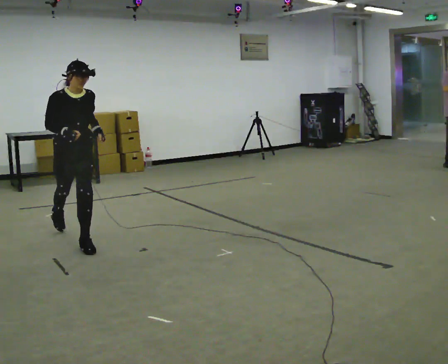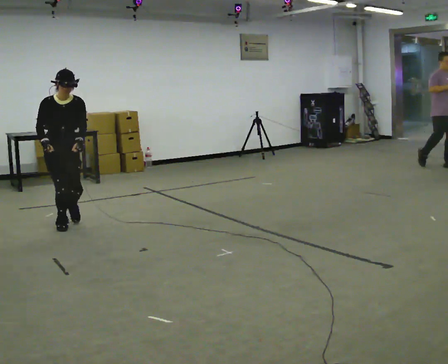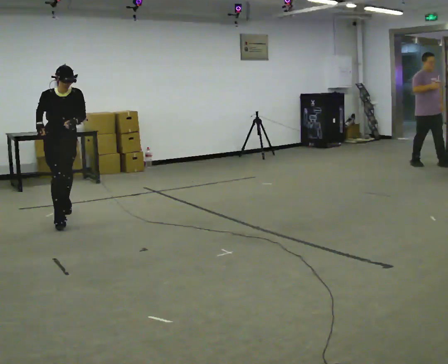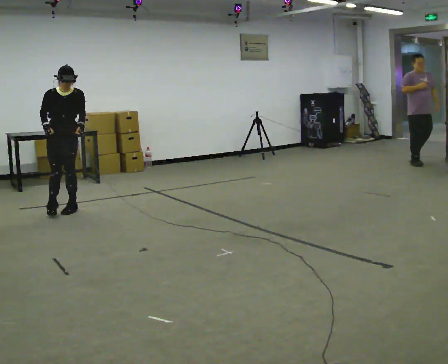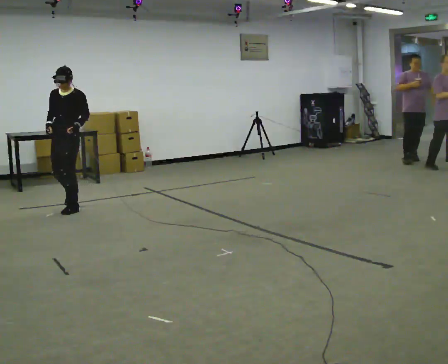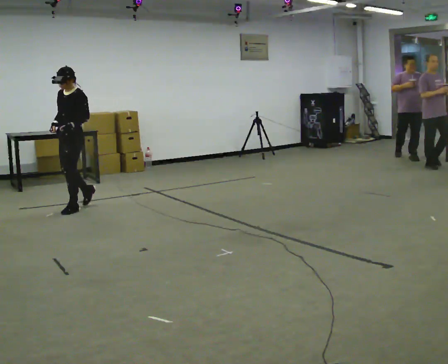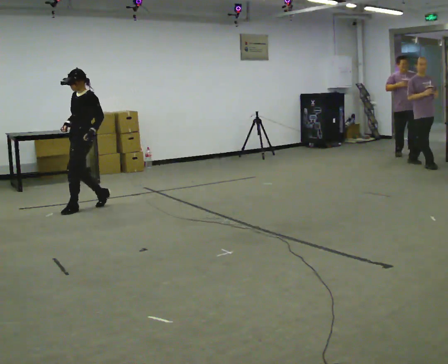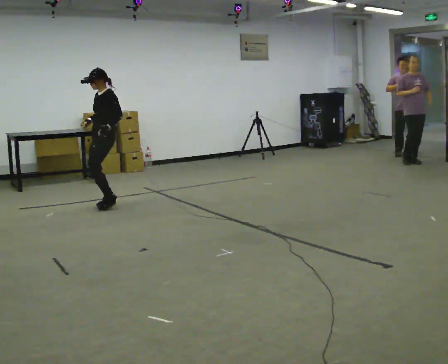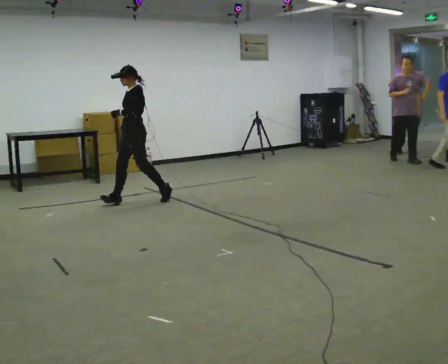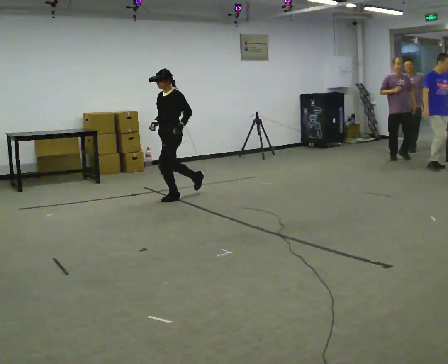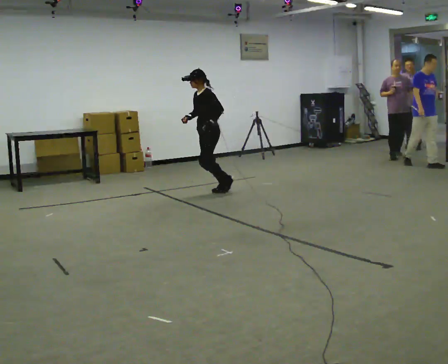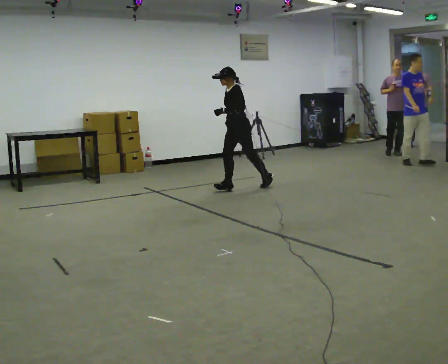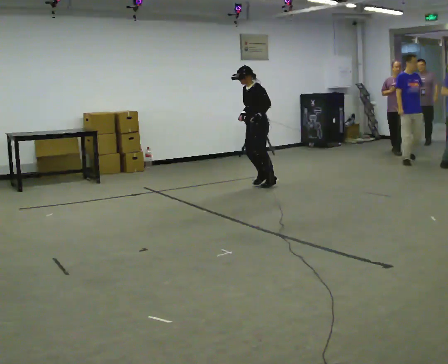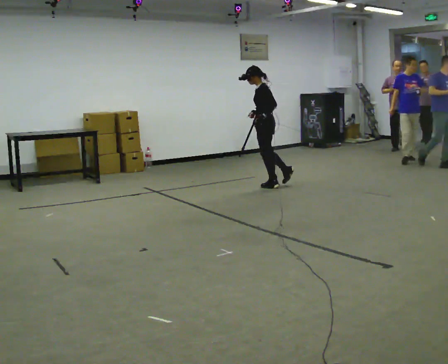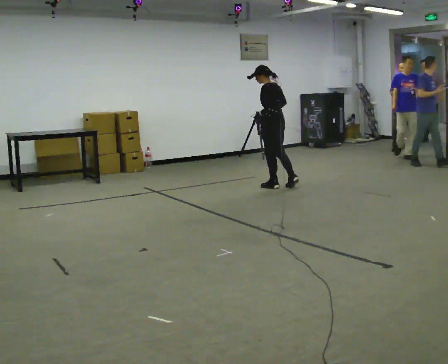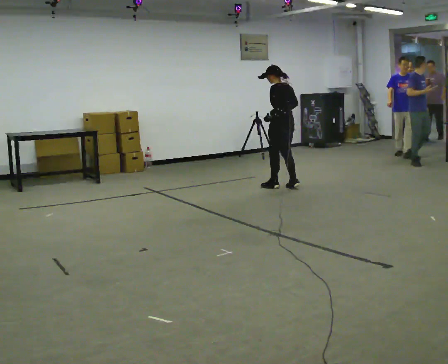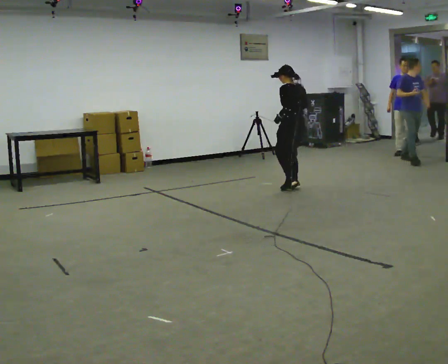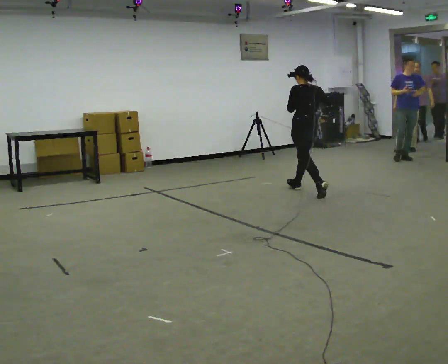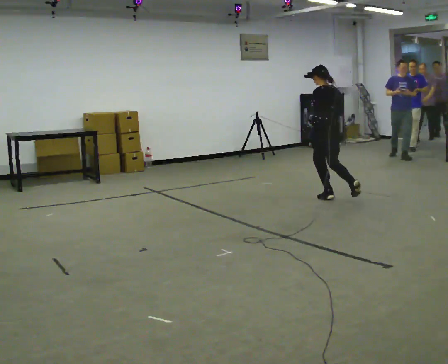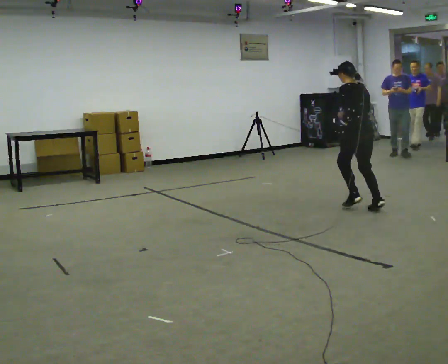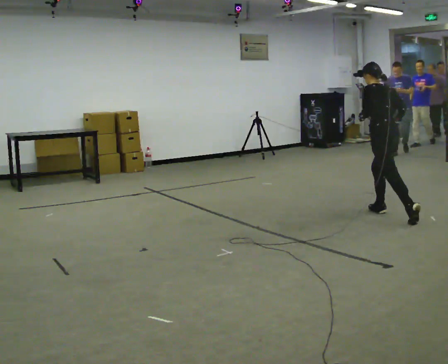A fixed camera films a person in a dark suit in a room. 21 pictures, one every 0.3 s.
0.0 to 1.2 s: Seen from above the body turns clockwise, about 60 degrees: to their right, with its near side sliding to the left. In the picture they go away from the camera, about 1 m in 1 step, which for them is backward.
1.2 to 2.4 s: Seen from above the body turns clockwise, about 30 degrees: to their right, with its near side sliding to the left. In the picture they go to the right and away from the camera, about 1 m in 2 steps, which for them is backward.
2.4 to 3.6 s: In the picture they go to the right and away from the camera, about 1.5 m in 2 steps, which for them is backward.
3.6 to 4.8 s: Seen from above the body turns clockwise, about 75 degrees: to their right, with its near side sliding to the left. In the picture they go to the right and toward the camera, about 0.5 m in 1 step.
4.8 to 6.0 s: In the picture they go toward the camera and to the right, about 1.5 m in 2 steps, which for them is backward.
The film runs backward here.
